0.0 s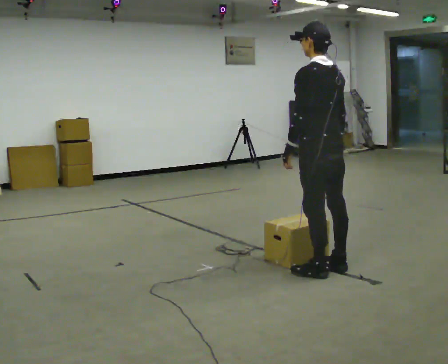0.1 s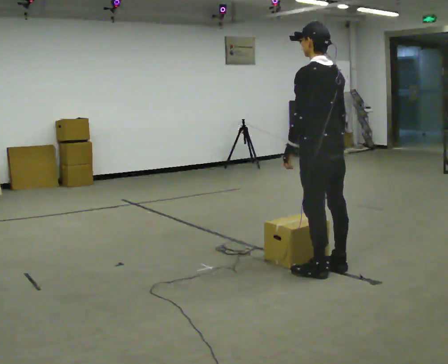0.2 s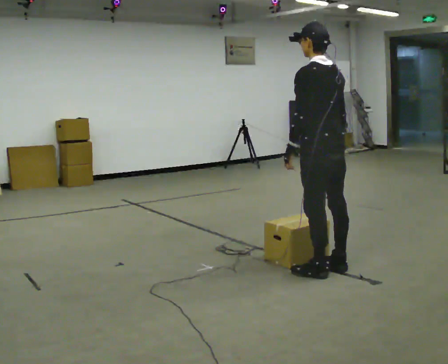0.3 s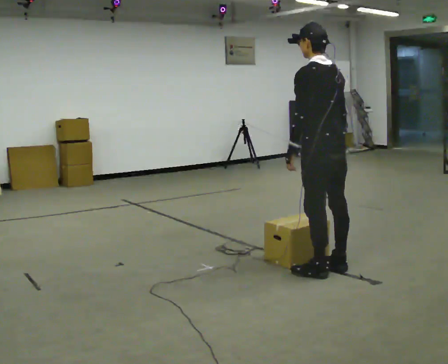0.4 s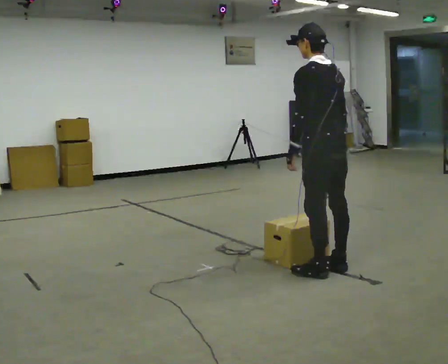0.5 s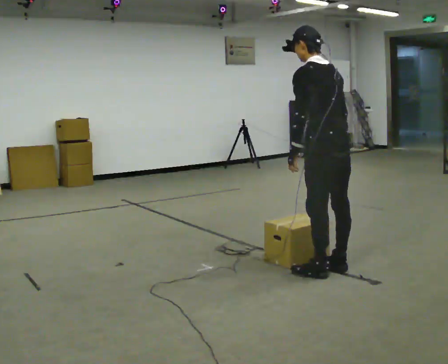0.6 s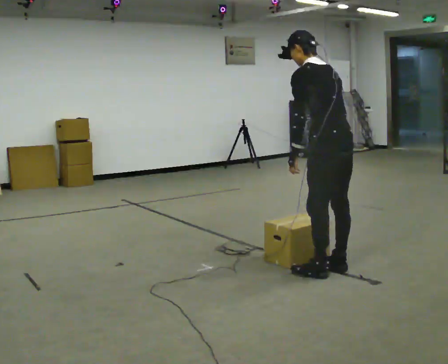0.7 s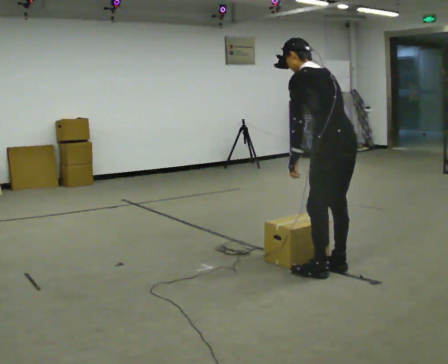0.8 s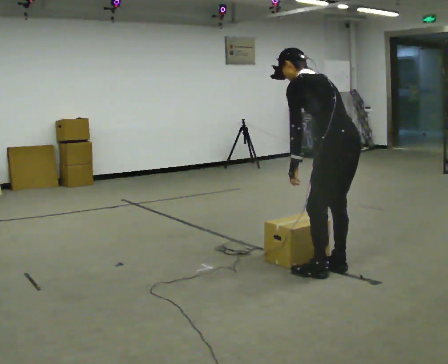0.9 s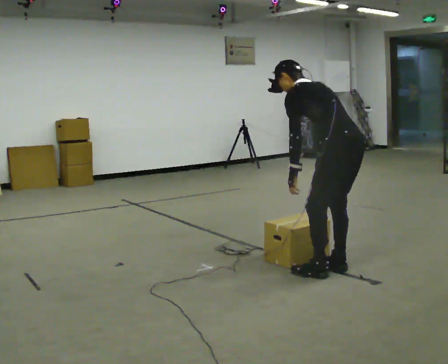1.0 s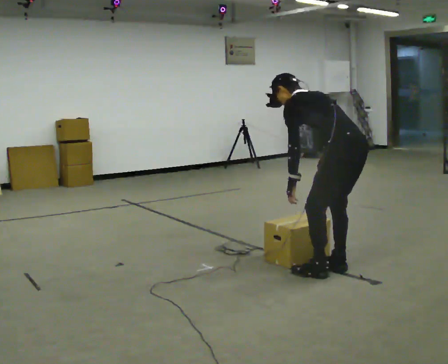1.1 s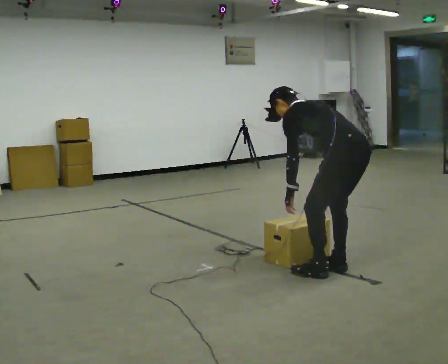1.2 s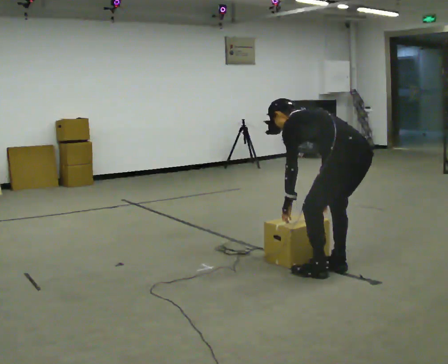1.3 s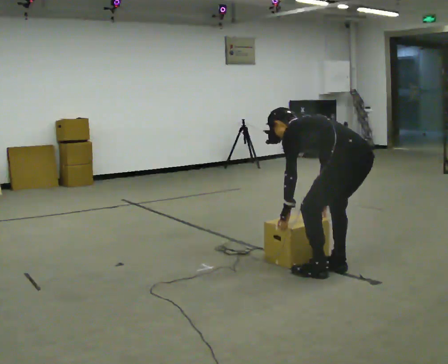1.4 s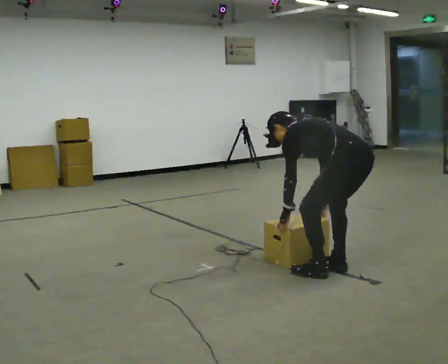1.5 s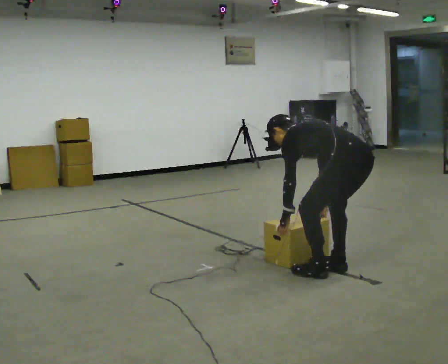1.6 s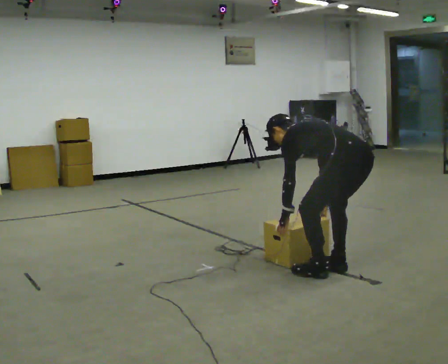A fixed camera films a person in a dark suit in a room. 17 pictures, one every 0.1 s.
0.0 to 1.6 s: In the picture they go to the right, about 0.25 m, which for them is backward. The upper body goes downward. In the picture the upper body tilts counterclockwise, shoulders to the left, as they bend forward. In the picture their left hand goes downward.
The film runs backward here.
